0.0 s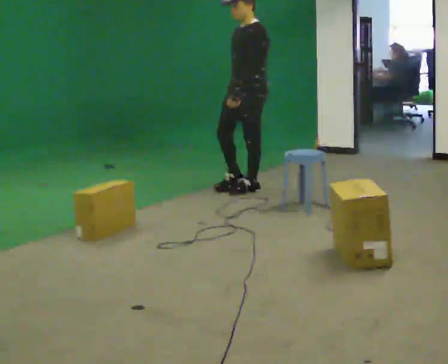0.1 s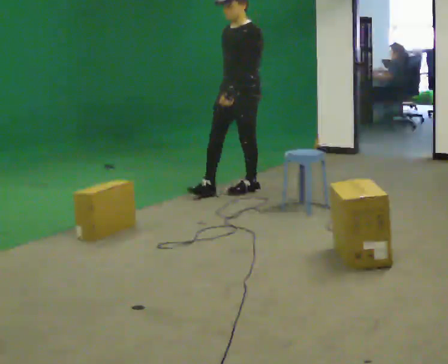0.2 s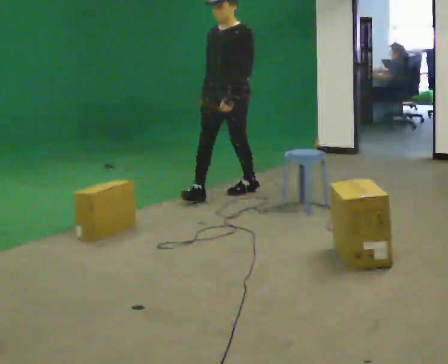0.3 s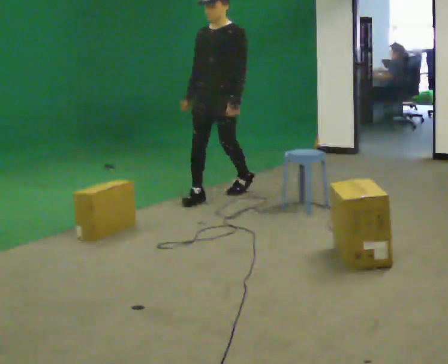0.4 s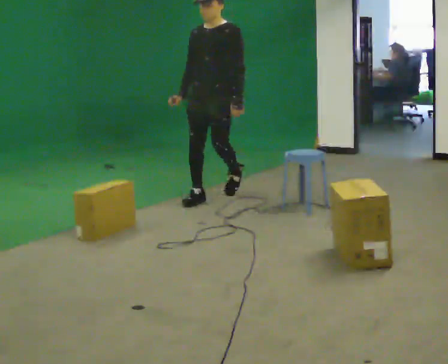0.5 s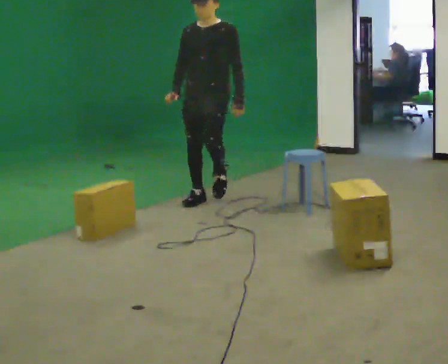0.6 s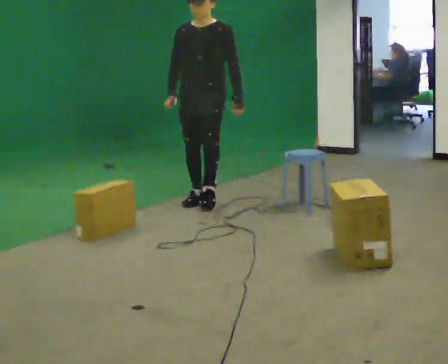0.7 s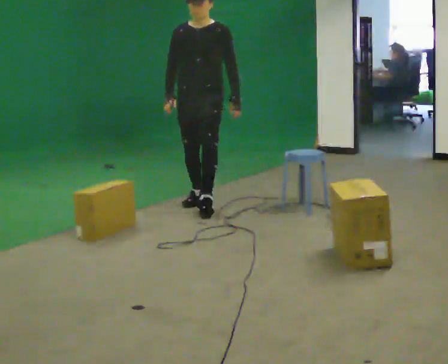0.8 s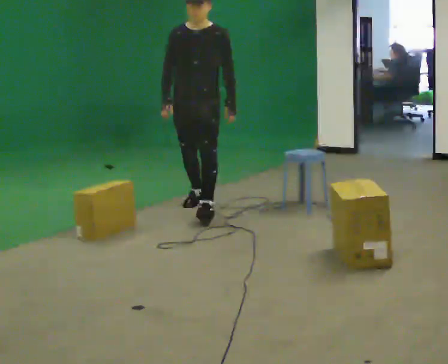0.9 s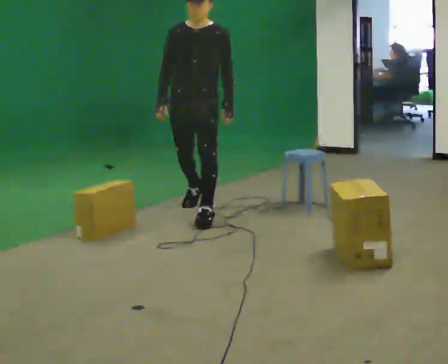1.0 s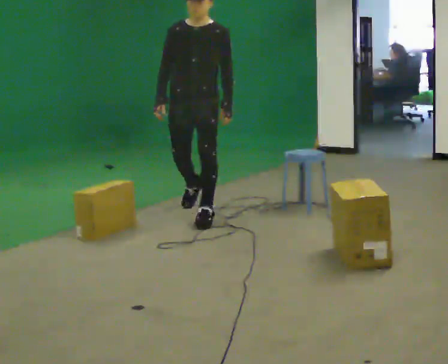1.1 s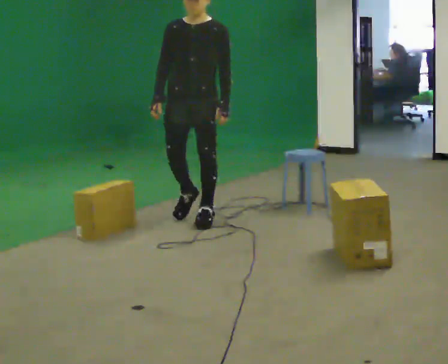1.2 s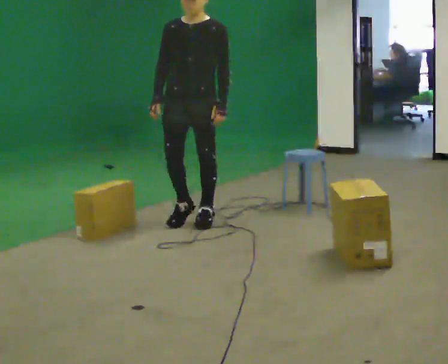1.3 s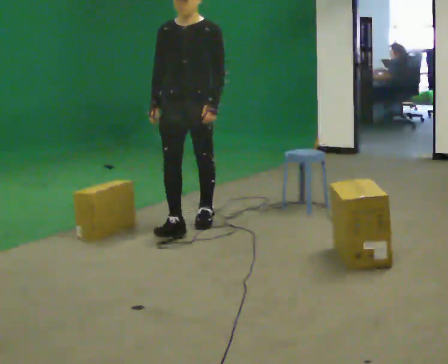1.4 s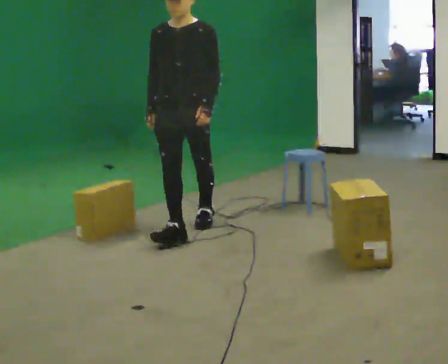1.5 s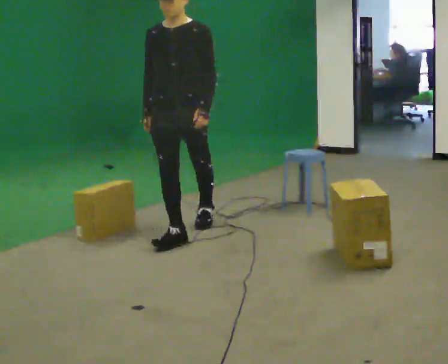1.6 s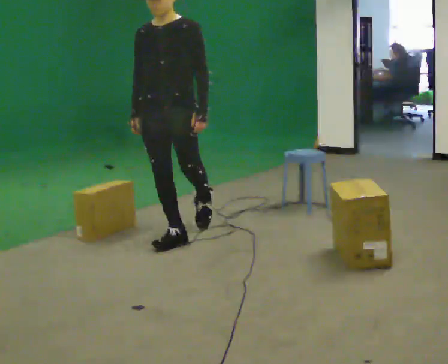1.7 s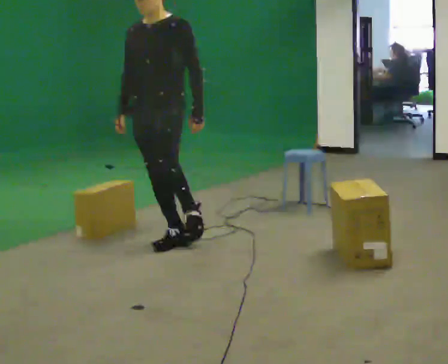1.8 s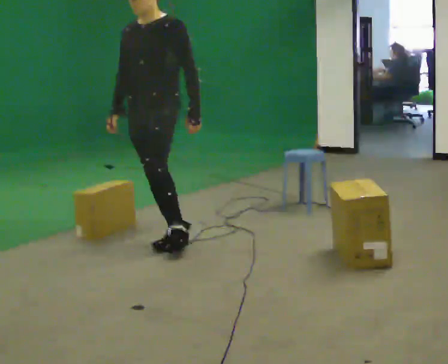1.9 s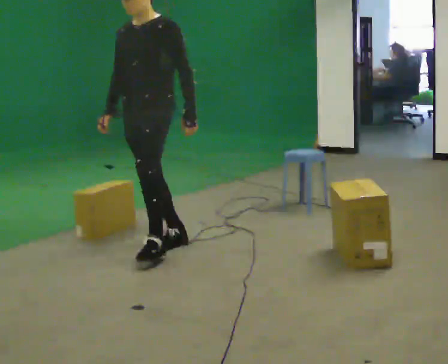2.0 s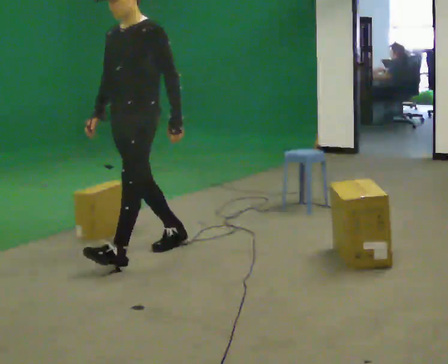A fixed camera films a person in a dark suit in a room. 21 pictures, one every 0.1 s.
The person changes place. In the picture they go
toward the camera.
0.0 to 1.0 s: The person turns about 60 degrees to their left, counterclockwise seen from above, so the part of the body nearest the lens slides to the right. In the picture they go toward the camera and to the left, about 1 m in 2 steps, which for them is forward.
1.0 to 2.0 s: The part of the body nearest the lens slides to the left as the person turns to their right by about 30 degrees. In the picture they go toward the camera and to the left, about 1 m in 1 step, which for them is forward.
The film runs forward here.
